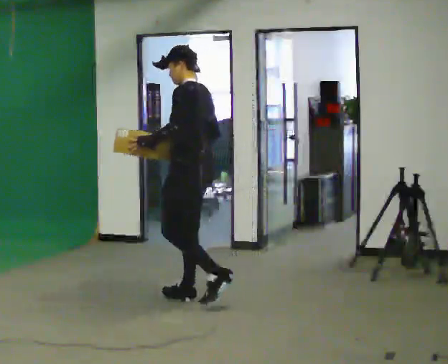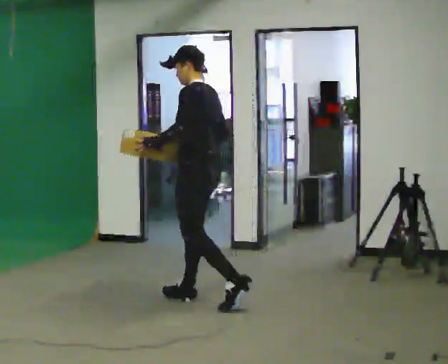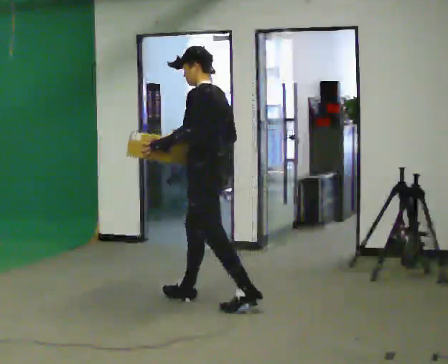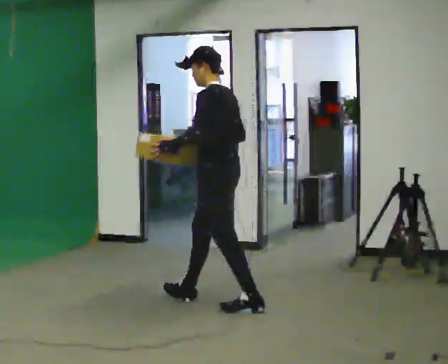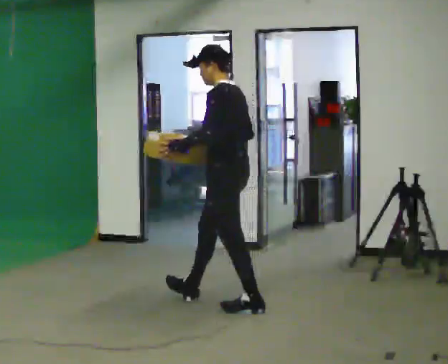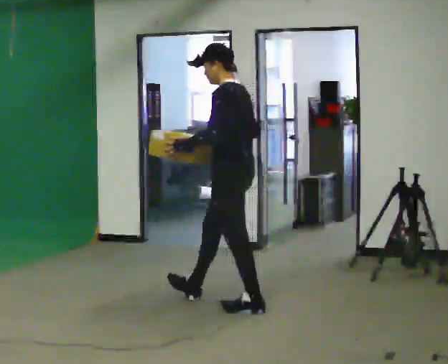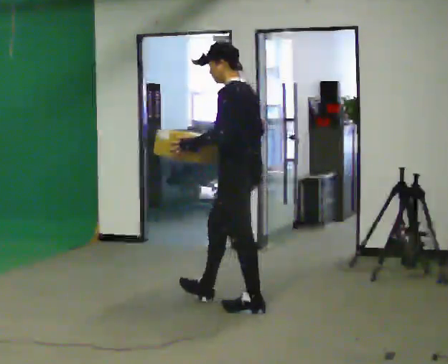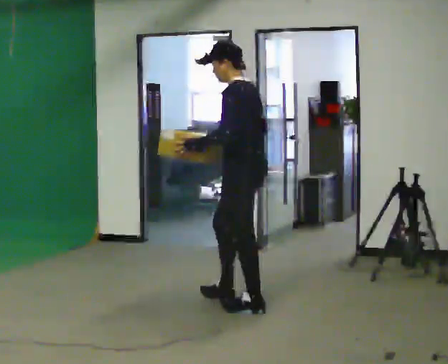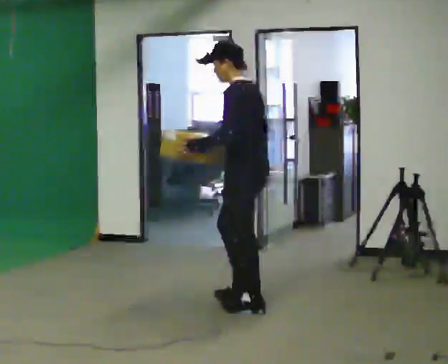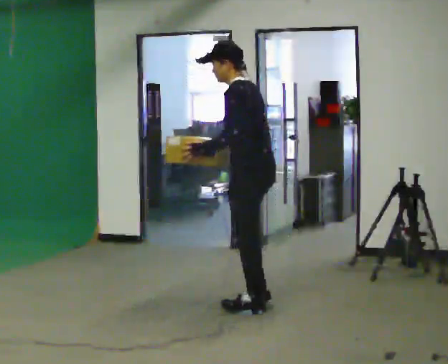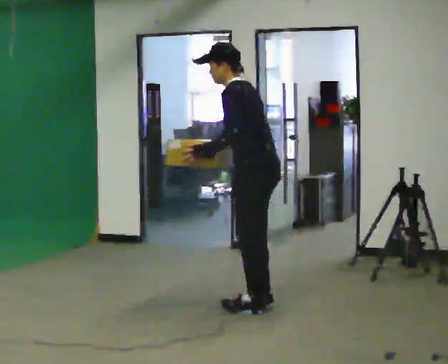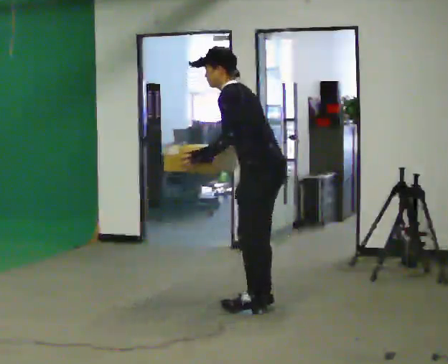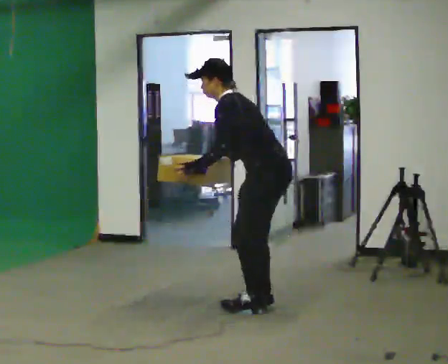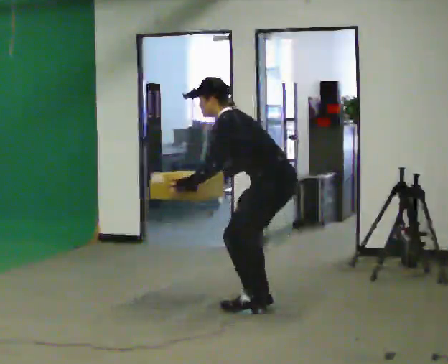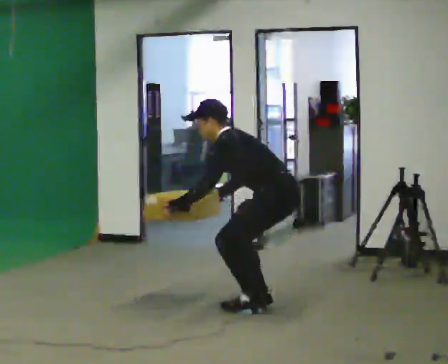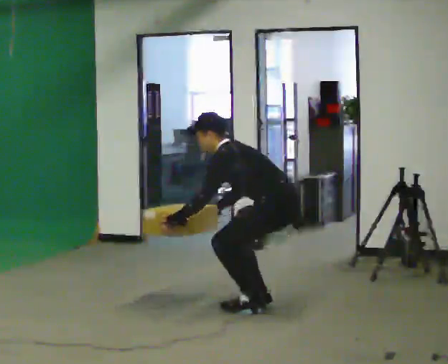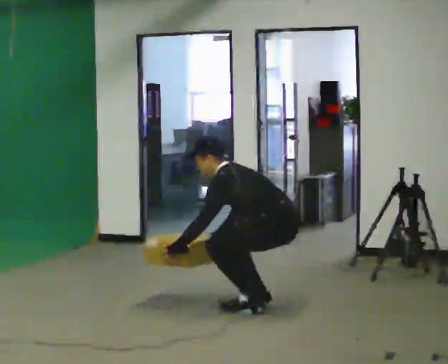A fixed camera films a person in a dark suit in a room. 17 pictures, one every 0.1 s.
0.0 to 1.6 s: In the picture they go to the right and toward the camera, about 0.5 m in 1 step, which for them is backward. The upper body goes downward. In the picture the upper body tilts counterclockwise, shoulders to the left, as they bend forward. In the picture their left hand goes downward.
The film runs backward here.
